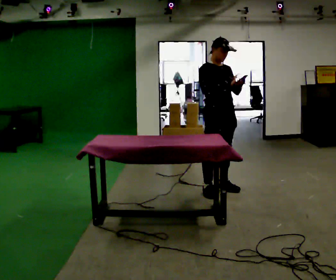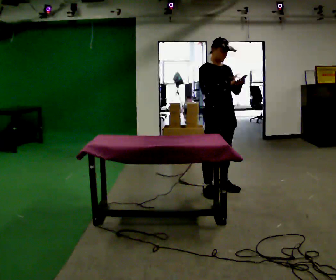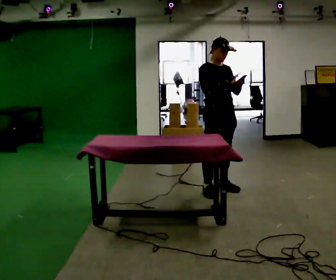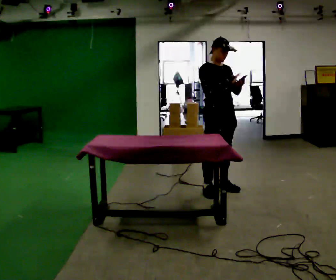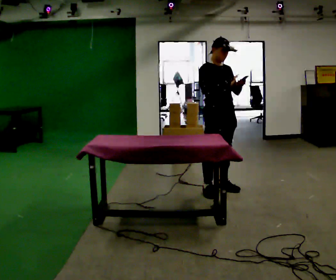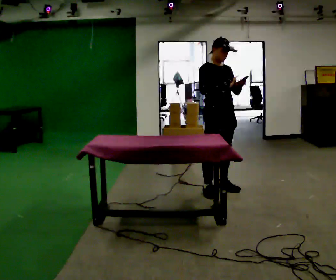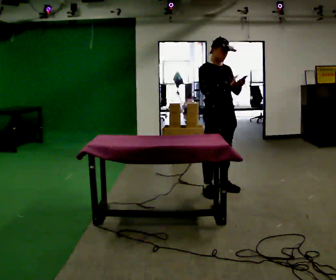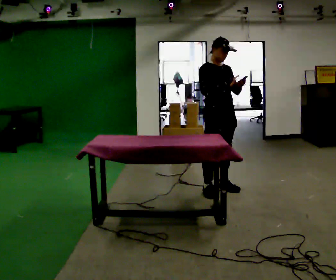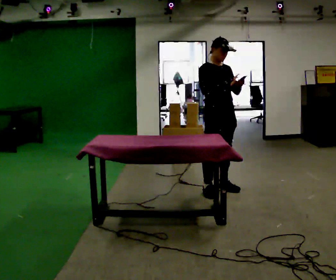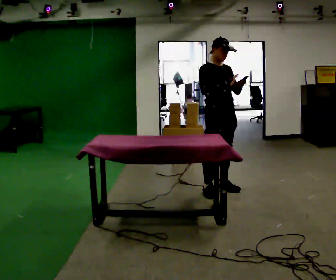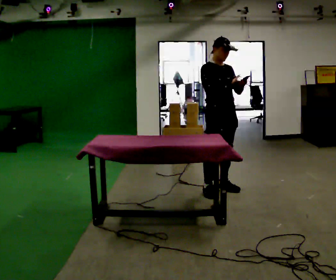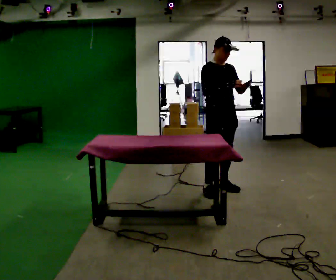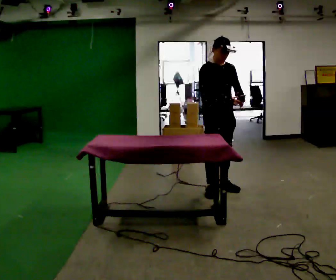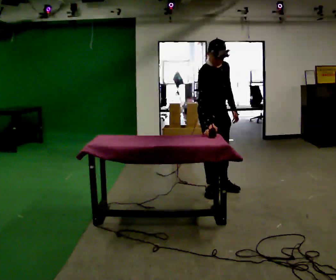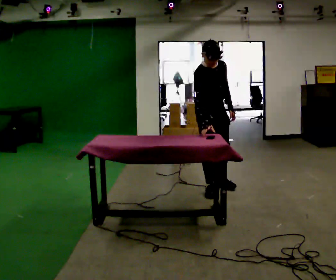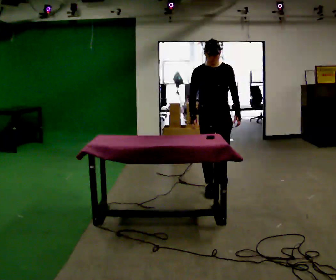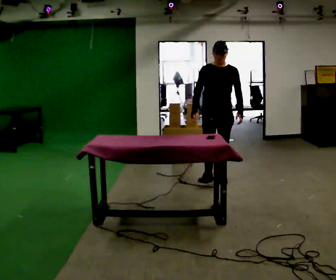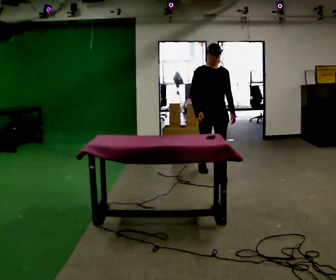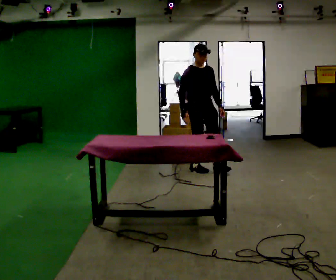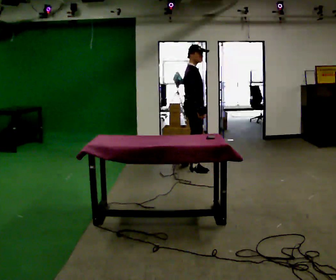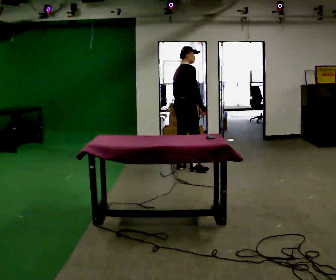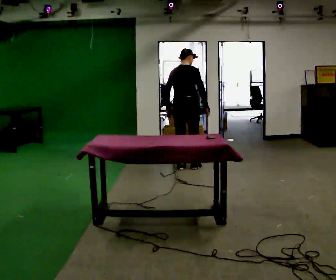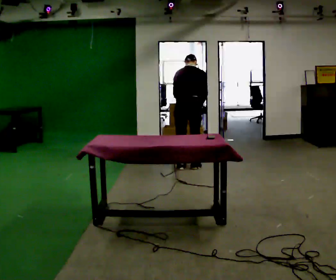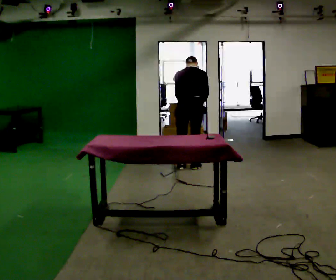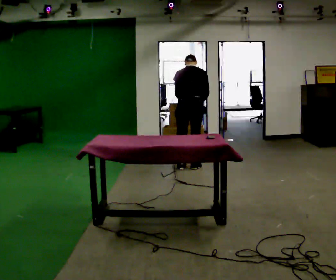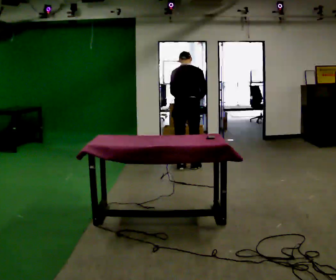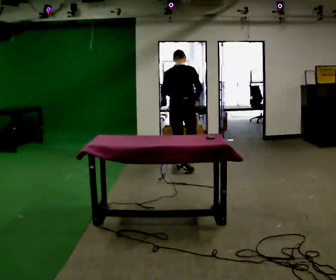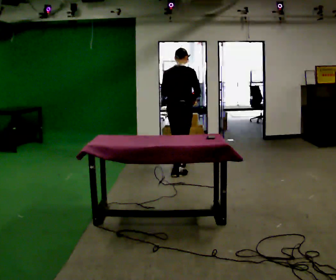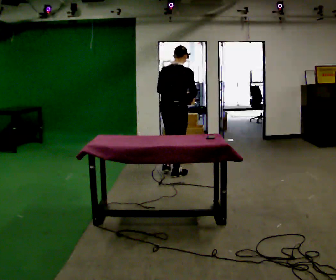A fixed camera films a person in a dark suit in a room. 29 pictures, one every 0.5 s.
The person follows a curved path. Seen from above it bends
counterclockwise.
0.0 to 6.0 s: The person moves a little, or ends about where they began.
6.0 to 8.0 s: The part of the body nearest the lens slides to the left as the person turns to their right by about 30 degrees. In the picture they go away from the camera, about 0.5 m in 2 steps, which for them is to their left and backward.
8.0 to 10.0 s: Seen from above the body turns counterclockwise, about 120 degrees: to their left, with its near side sliding to the right. In the picture they go away from the camera and to the left, about 1 m in 1 step.
10.0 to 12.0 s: The part of the body nearest the lens slides to the right as the person turns to their left by about 60 degrees.
12.0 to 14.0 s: The person turns about 30 degrees to their right, clockwise seen from above, so the part of the body nearest the lens slides to the left. In the picture they go toward the camera and to the left, about 0.5 m in 2 steps, which for them is backward. The upper body tips toward the camera, its near side rolling downward, as they lean back or straighten.
The film runs backward here.
